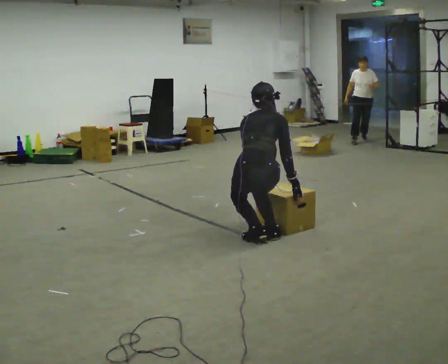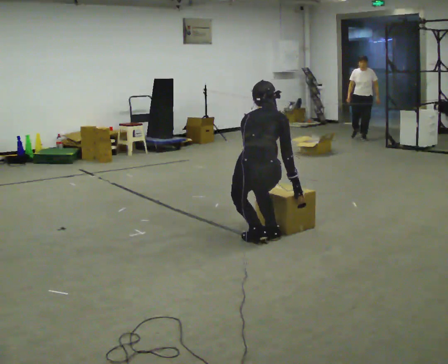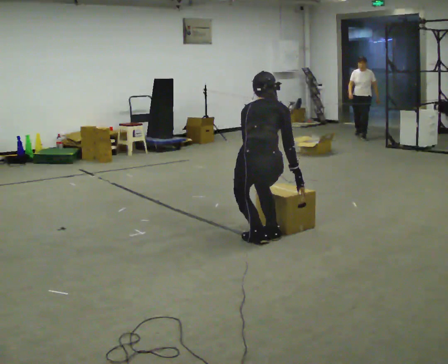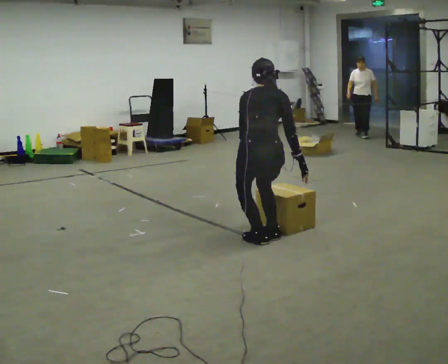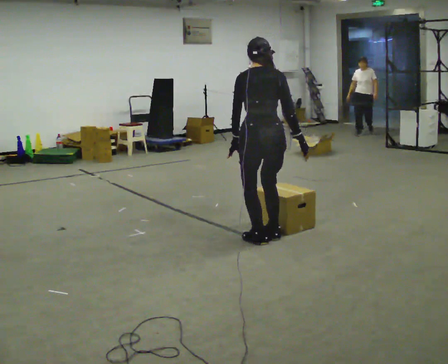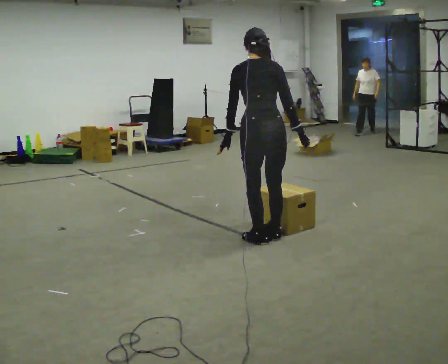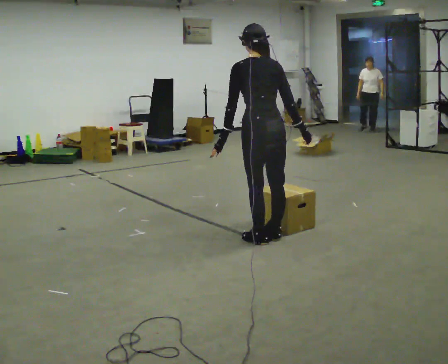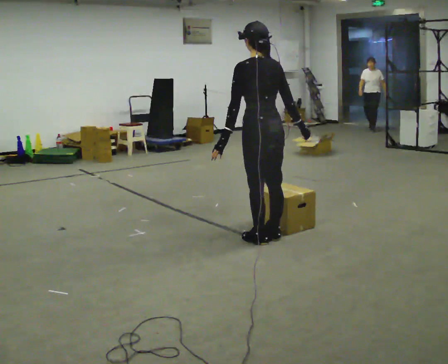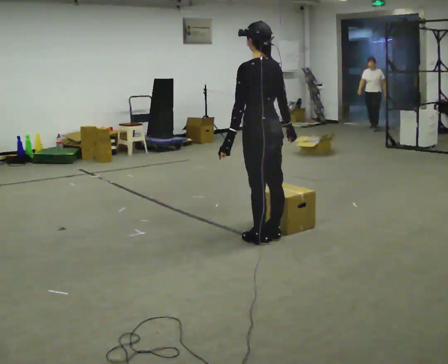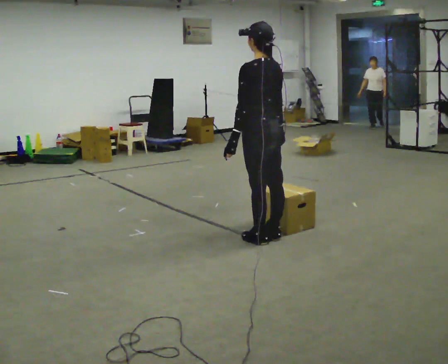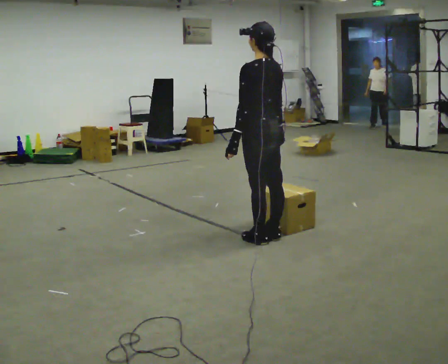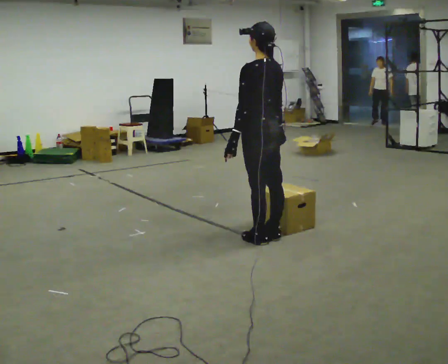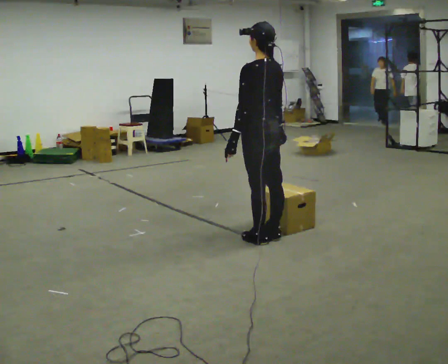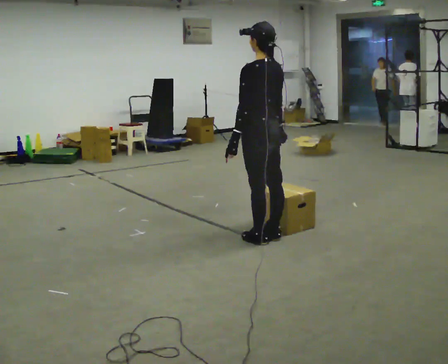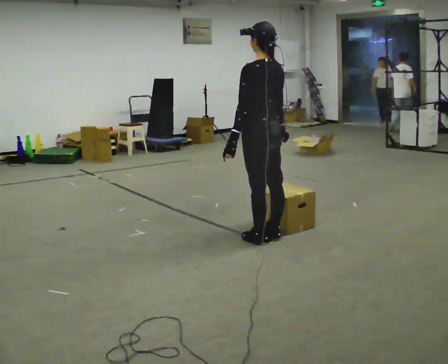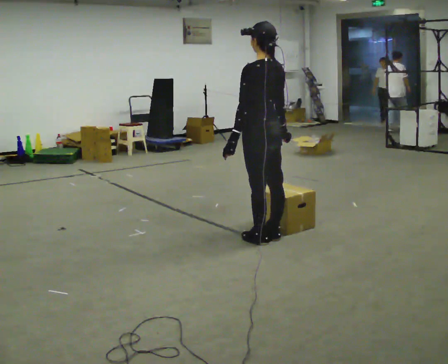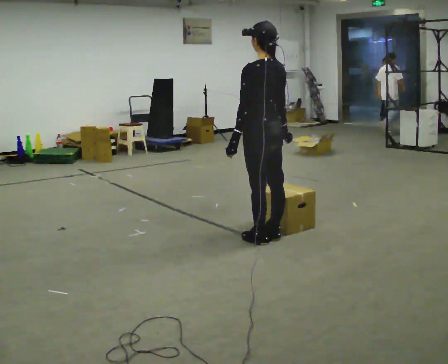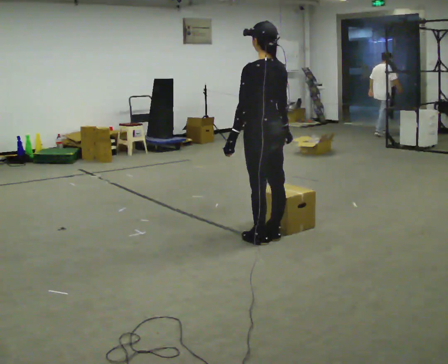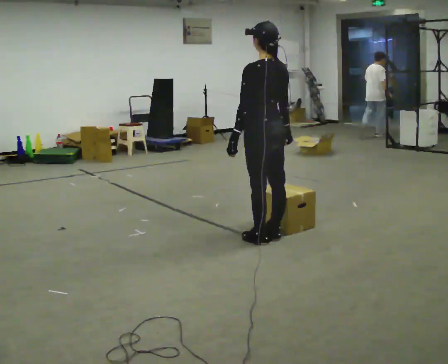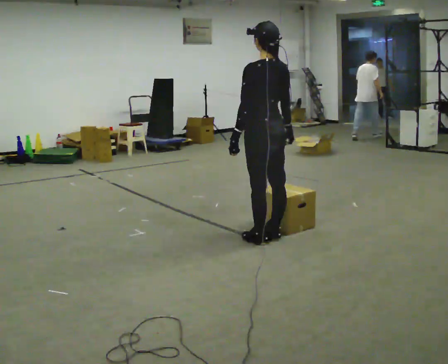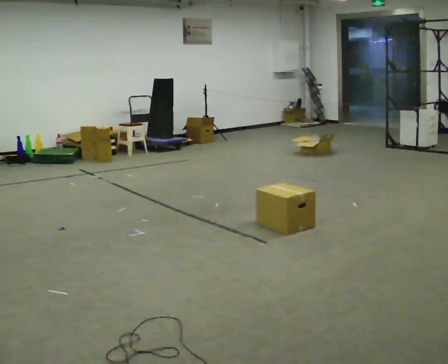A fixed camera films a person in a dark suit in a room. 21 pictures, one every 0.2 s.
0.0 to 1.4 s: Seen from above the body turns counterclockwise, about 45 degrees: to their left, with its near side sliding to the right. The shoulders move upward. The upper body tips toward the camera, its near side rolling downward, as they lean back or straighten. In the picture their left hand goes upward.
1.4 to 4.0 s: The person moves a little, or ends about where they began.
The film runs backward here.
